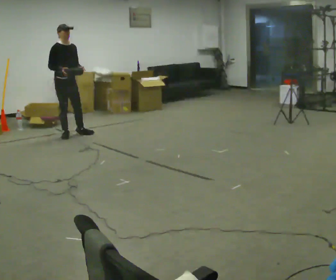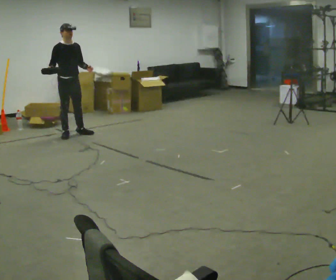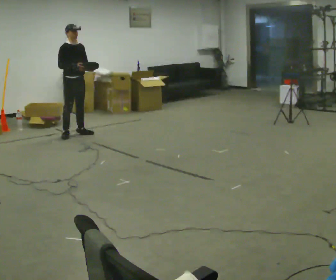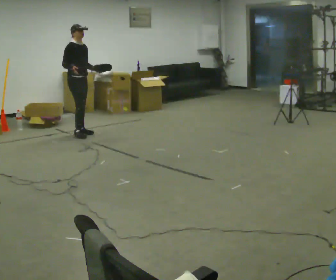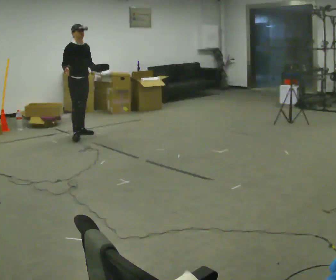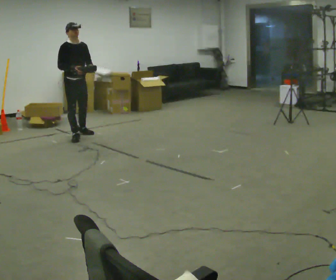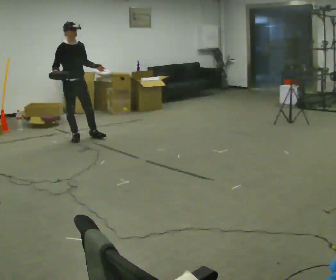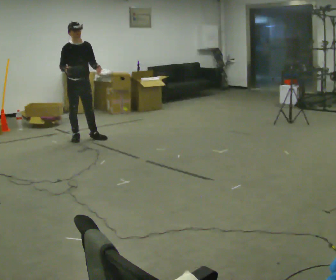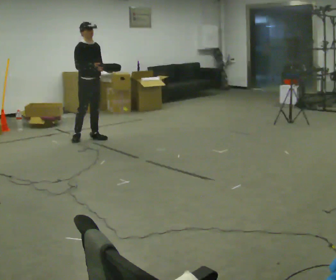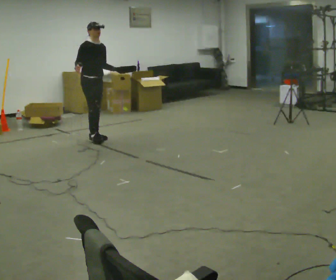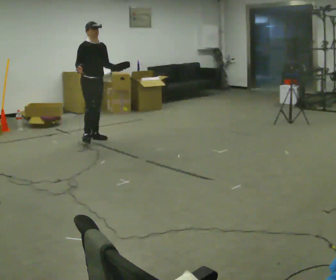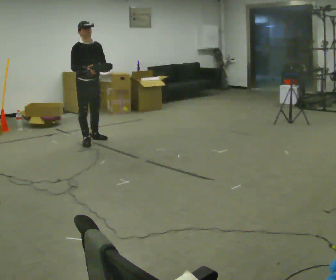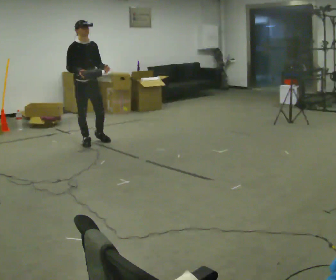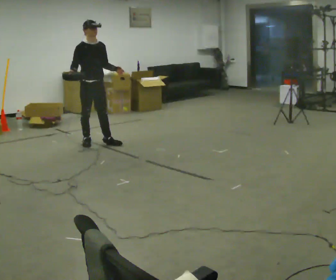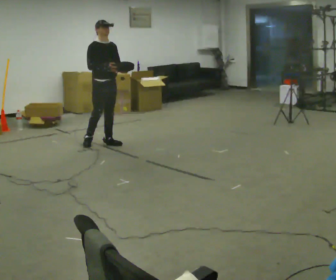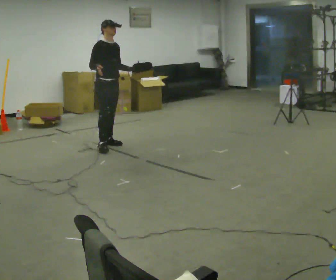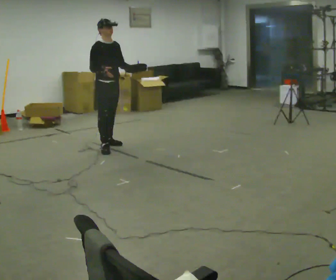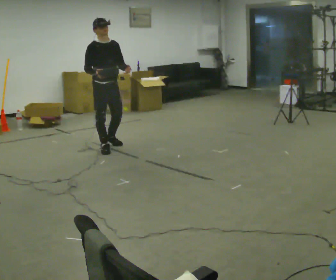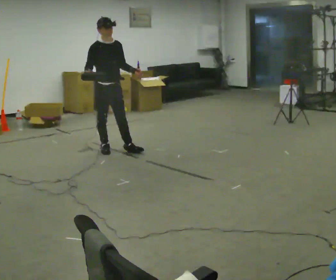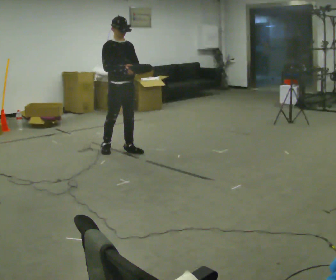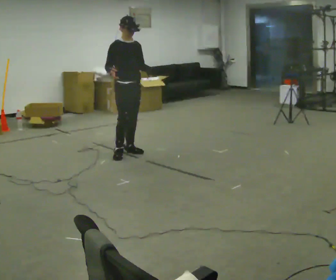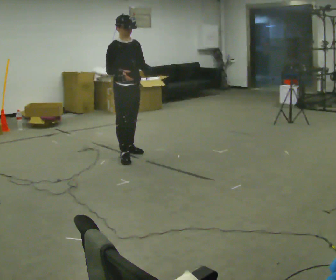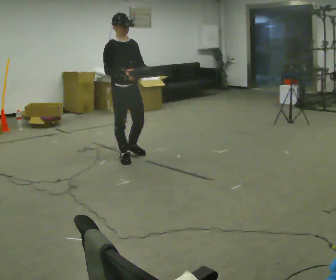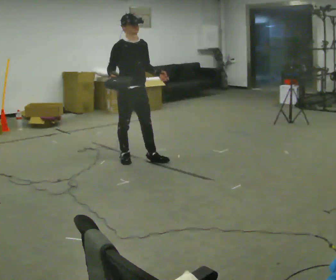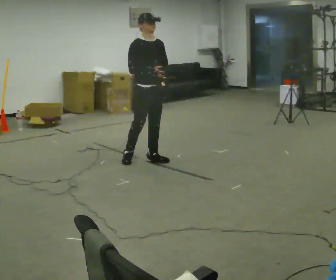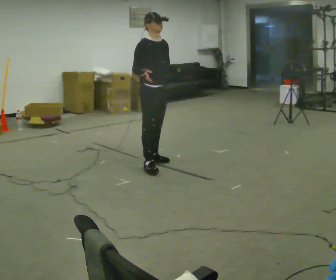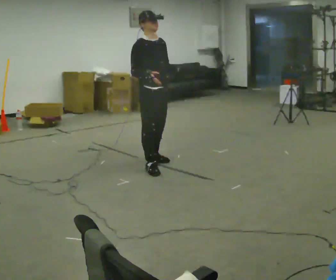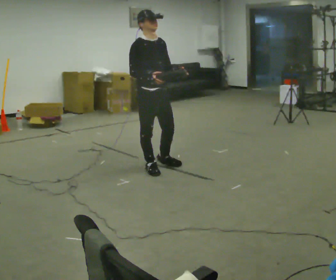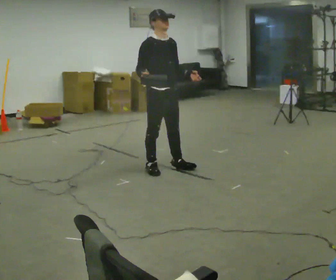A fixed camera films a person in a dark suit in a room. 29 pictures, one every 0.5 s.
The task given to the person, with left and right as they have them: Carry the object in one hand and, while walking, pass it to your other hand. Keep passing it back and forth as you walk.
0.0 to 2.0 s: In the picture they go to the right, about 0.25 m in 1 step, which for them is to their left and forward.
2.0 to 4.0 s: In the picture they go toward the camera and to the right, about 0.25 m in 1 step, which for them is forward.
4.0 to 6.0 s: In the picture they go toward the camera, about 0.25 m in 1 step, which for them is forward and to their right.
6.0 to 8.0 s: In the picture they go to the right and toward the camera, about 0.25 m in 2 steps, which for them is forward and to their left.
8.0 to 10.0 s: In the picture they go toward the camera and to the right, about 0.5 m in 1 step, which for them is forward.
10.0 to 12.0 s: In the picture they go toward the camera and to the right, about 0.5 m in 2 steps, which for them is forward.
12.0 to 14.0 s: In the picture they go toward the camera, about 0.25 m in 2 steps, which for them is forward.
The film runs forward here.
